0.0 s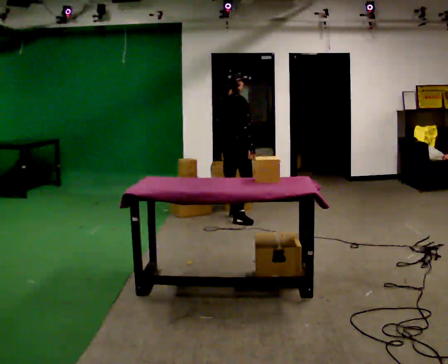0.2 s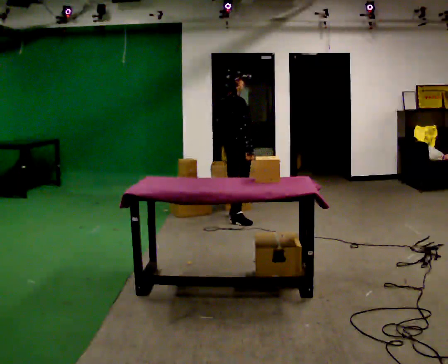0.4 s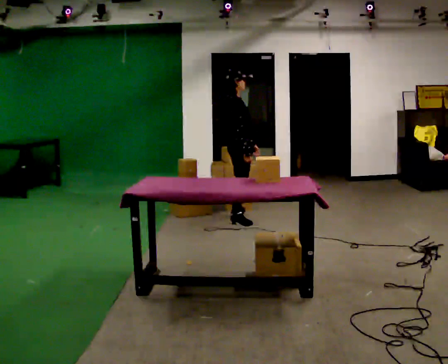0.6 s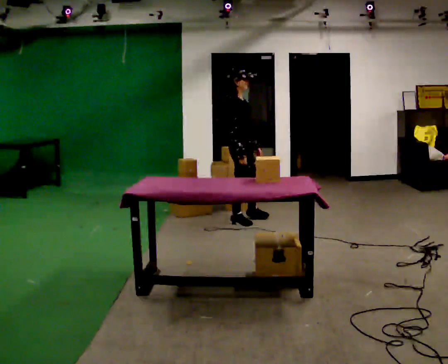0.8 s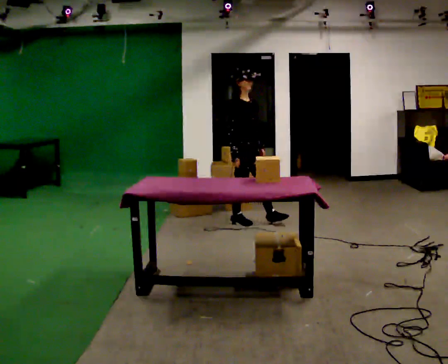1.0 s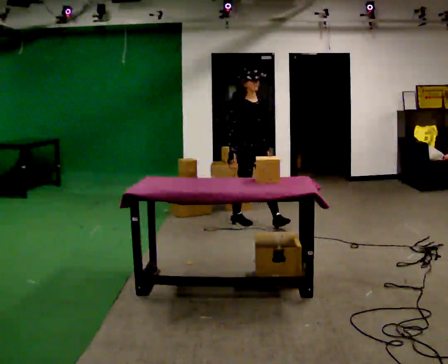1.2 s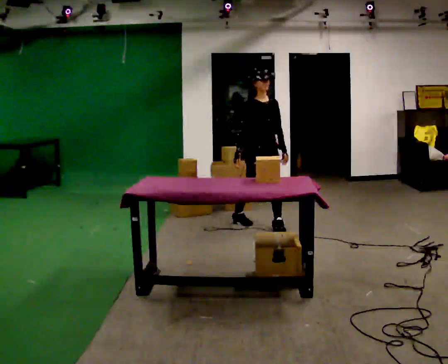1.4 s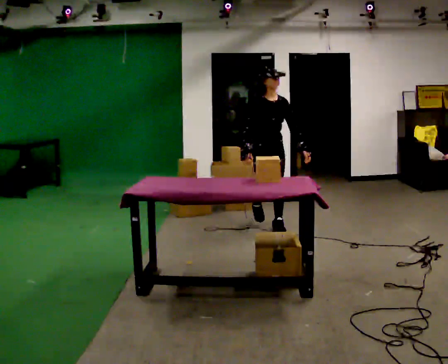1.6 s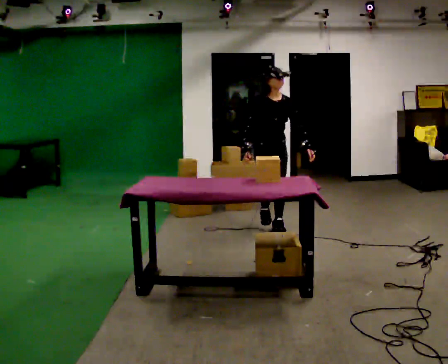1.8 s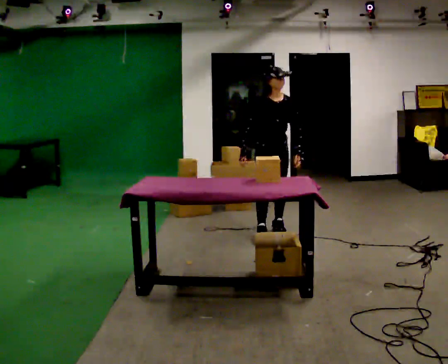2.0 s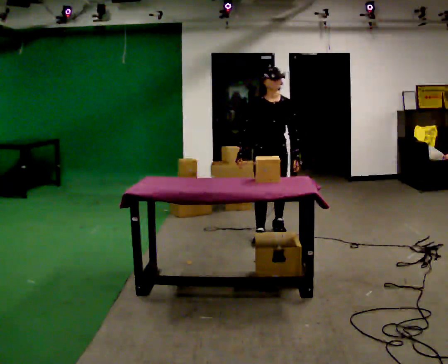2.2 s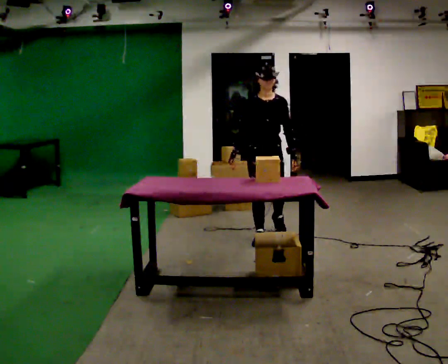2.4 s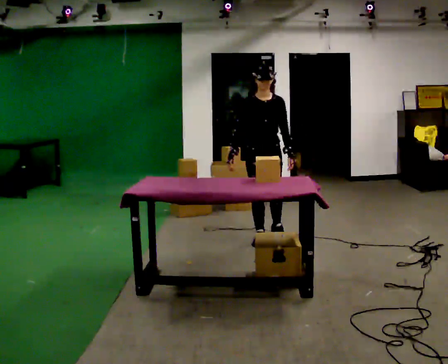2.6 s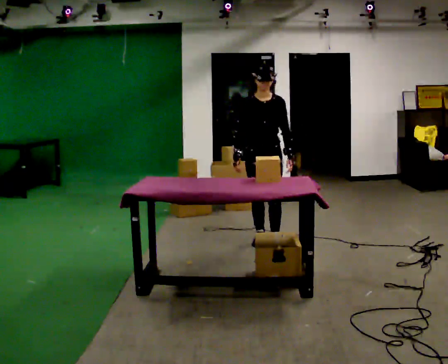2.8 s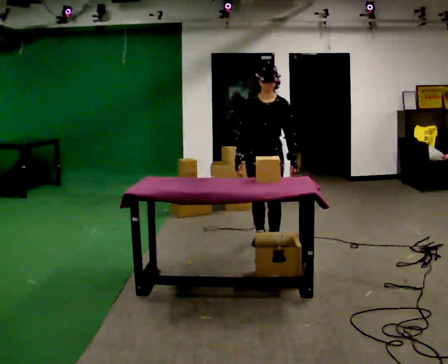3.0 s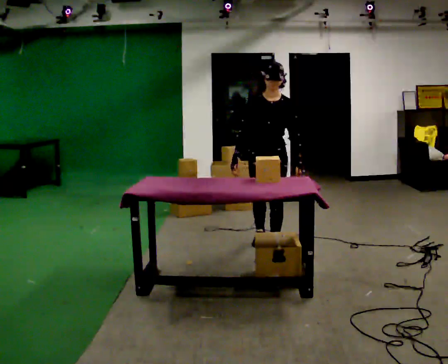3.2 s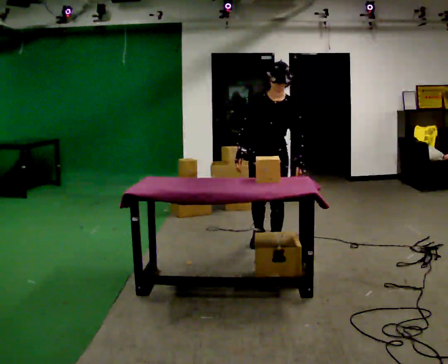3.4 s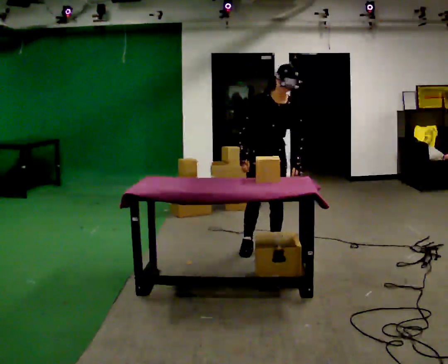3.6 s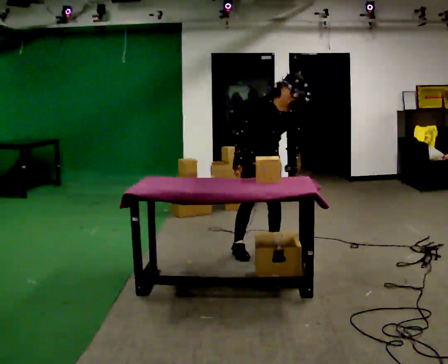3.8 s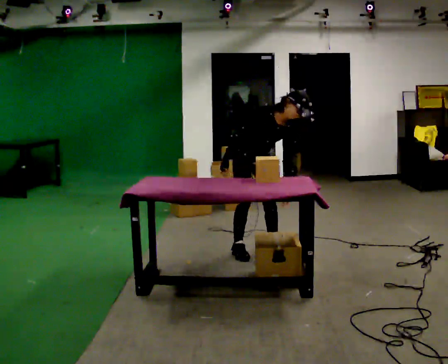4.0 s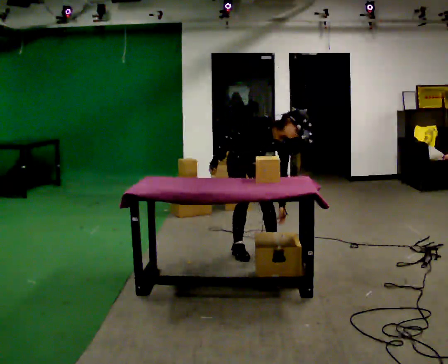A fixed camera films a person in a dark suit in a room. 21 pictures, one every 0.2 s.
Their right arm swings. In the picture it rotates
clockwise.
The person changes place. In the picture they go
toward the camera.
0.0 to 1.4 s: The part of the body nearest the lens slides to the left as the person turns to their right by about 105 degrees. In the picture they go to the right and toward the camera, about 0.5 m in 1 step.
1.4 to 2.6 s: In the picture they go toward the camera, about 0.5 m in 1 step, which for them is forward.
2.6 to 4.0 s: In the picture they go toward the camera, about 0.25 m in 2 steps, which for them is forward and to their right. The upper body goes downward. In the picture the upper body tilts clockwise, shoulders to the right, as they bend forward.
The film runs forward here.
